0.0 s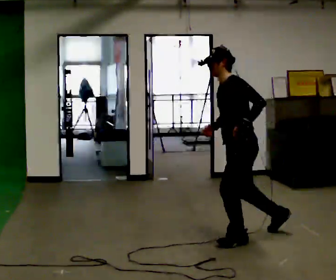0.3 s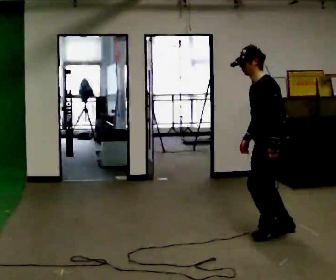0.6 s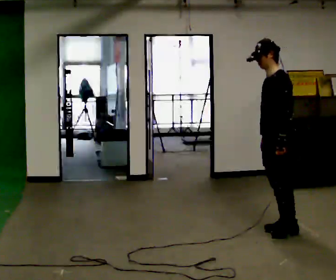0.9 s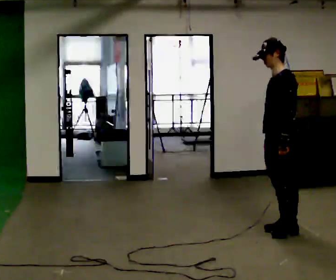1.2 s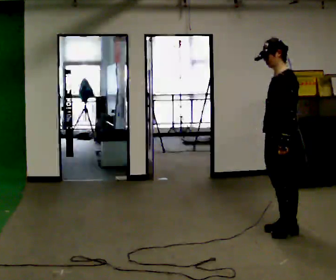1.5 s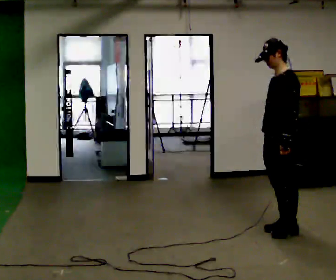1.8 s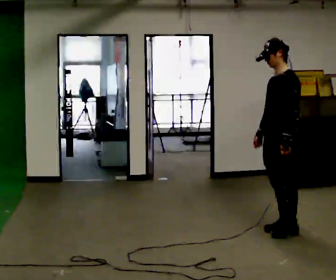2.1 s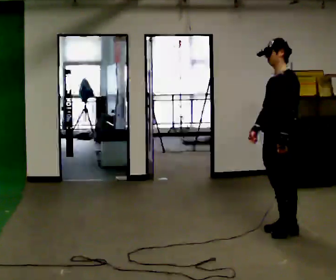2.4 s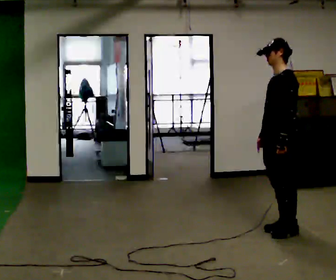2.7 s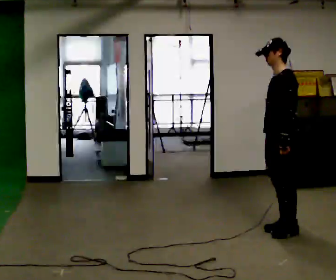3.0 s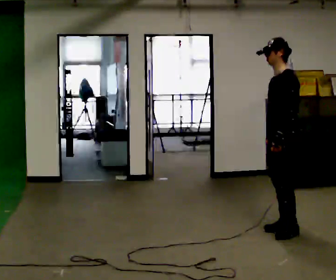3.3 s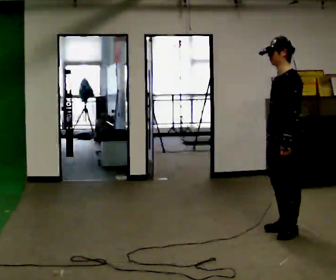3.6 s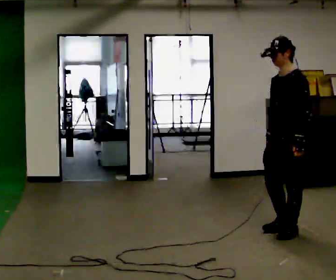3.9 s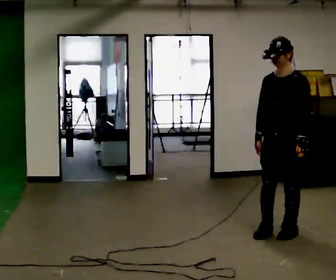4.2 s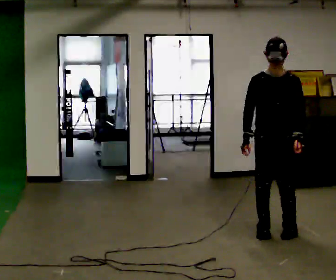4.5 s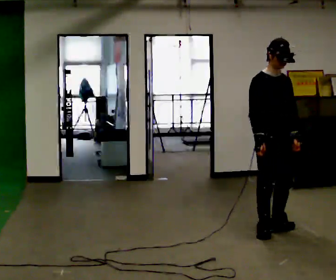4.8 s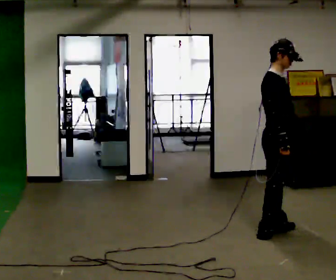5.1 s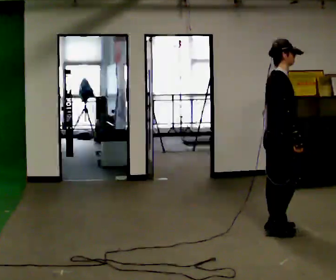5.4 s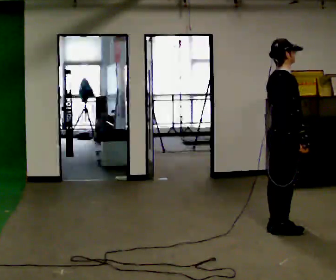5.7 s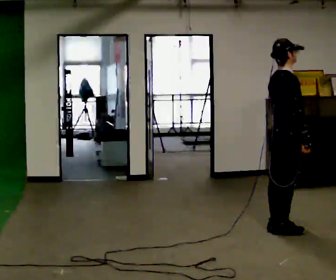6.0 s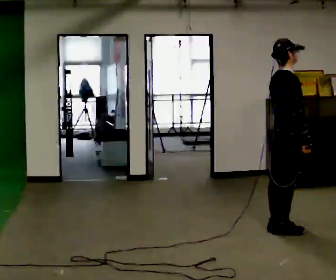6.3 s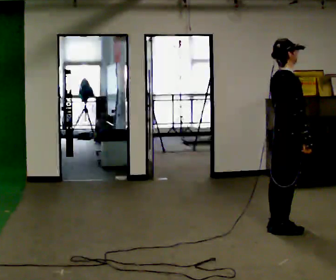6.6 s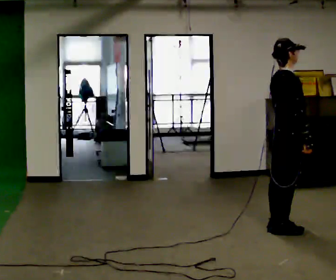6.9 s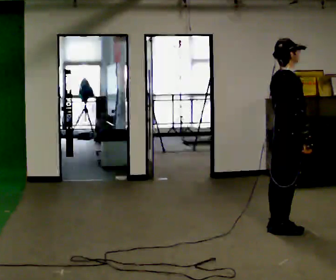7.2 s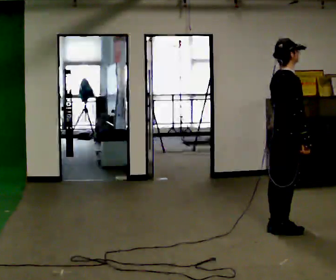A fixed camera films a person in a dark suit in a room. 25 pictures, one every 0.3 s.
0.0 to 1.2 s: In the picture they go to the right and away from the camera, about 0.5 m in 1 step, which for them is backward. In the picture the upper body tilts clockwise, shoulders to the right, as they lean back or straighten.
1.2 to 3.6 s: The person moves a little, or ends about where they began.
3.6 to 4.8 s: Seen from above the body turns counterclockwise, about 135 degrees: to their left, with its near side sliding to the right.
4.8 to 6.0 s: The person turns about 30 degrees to their left, counterclockwise seen from above, so the part of the body nearest the lens slides to the right.
6.0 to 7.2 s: The person keeps their place and pose.
The film runs backward here.
